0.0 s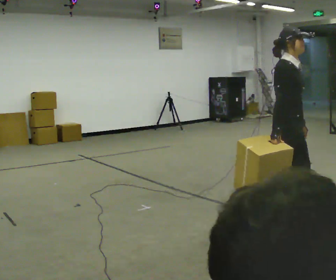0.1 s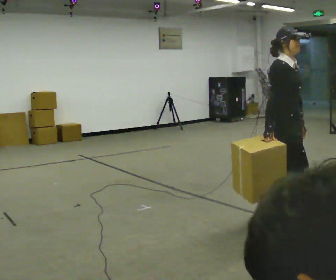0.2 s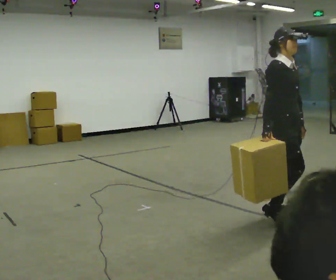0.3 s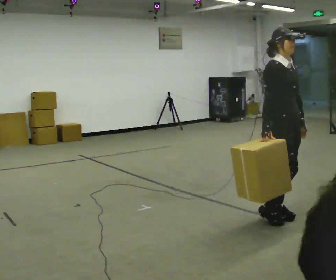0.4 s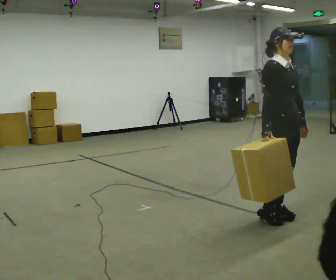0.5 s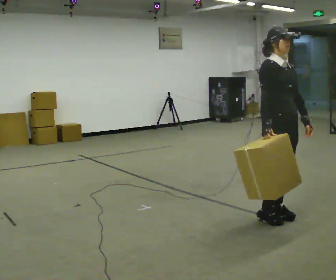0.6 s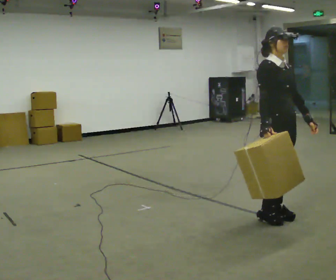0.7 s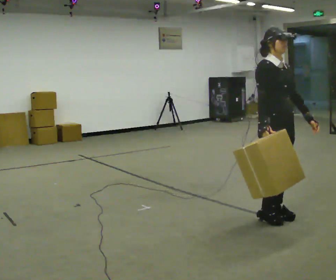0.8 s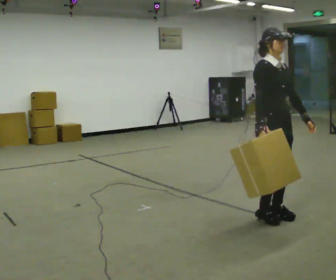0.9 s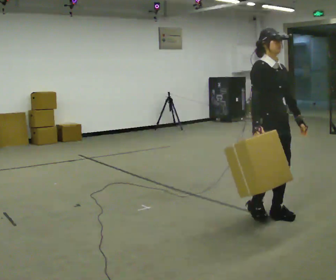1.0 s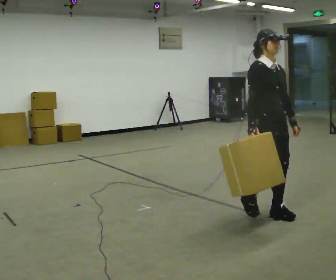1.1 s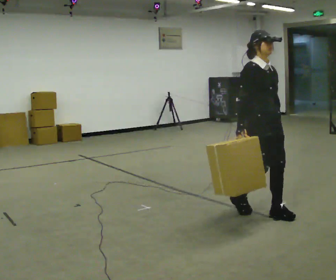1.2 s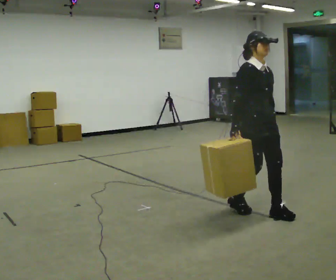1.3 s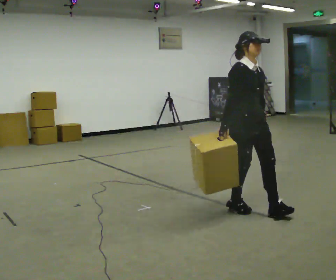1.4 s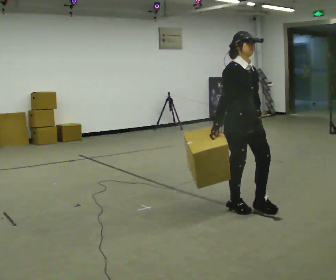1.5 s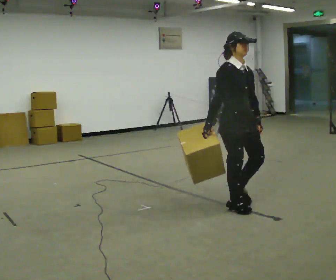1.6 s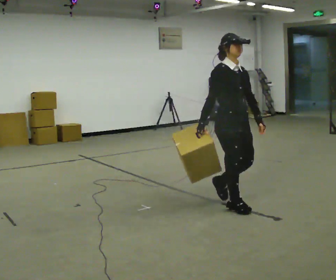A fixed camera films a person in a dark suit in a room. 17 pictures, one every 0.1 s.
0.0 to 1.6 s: In the picture they go to the left and away from the camera, about 0.5 m in 2 steps, which for them is backward.
The film runs backward here.
